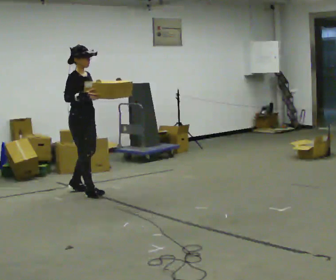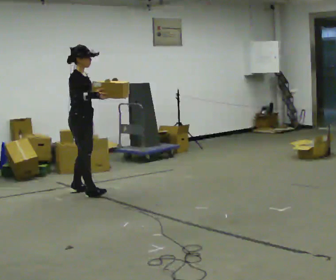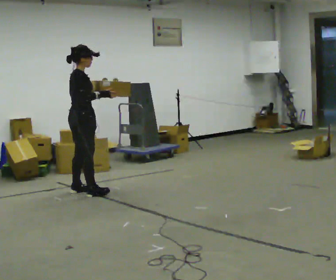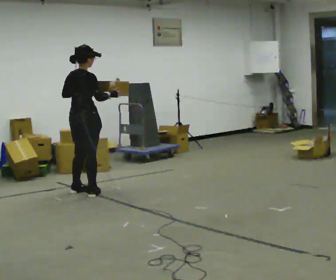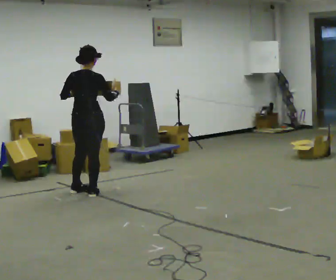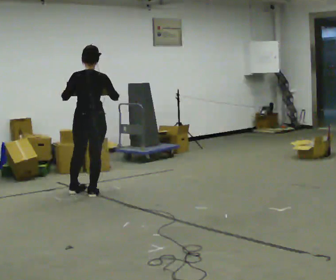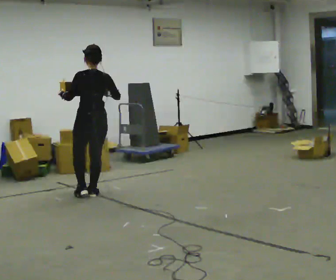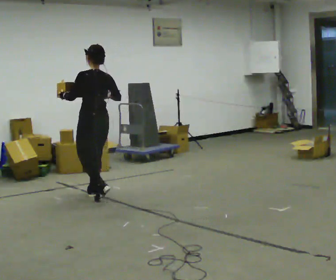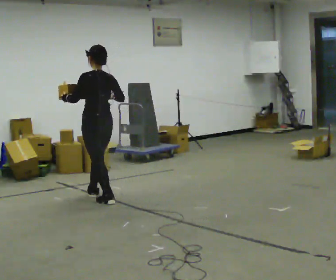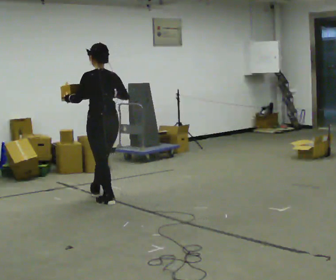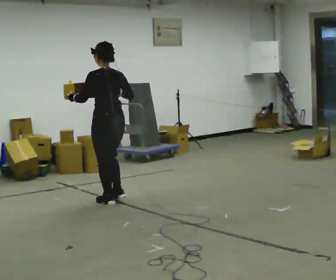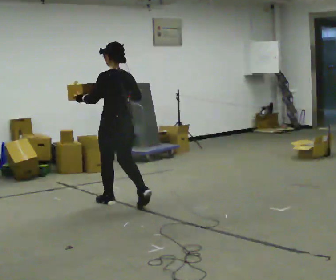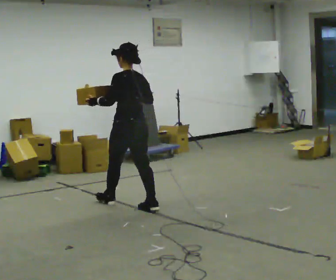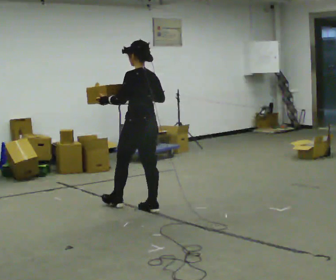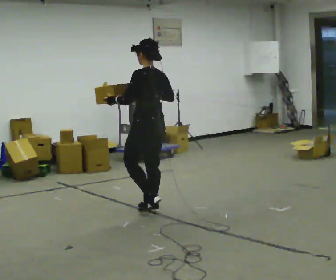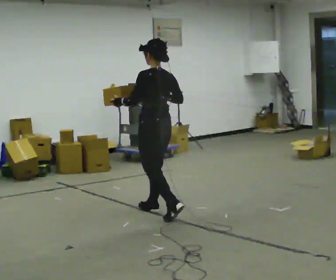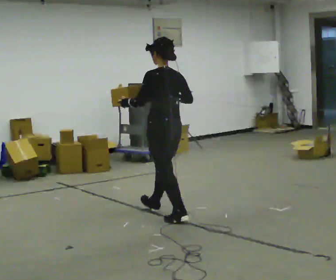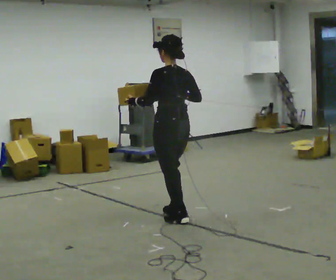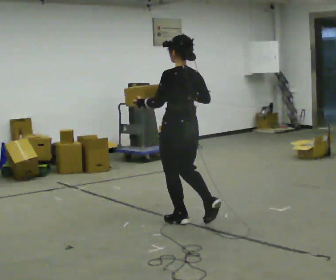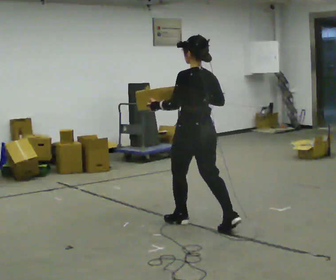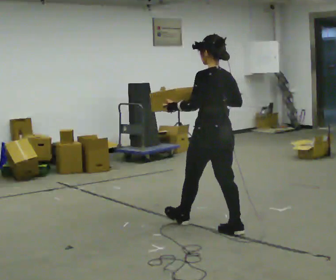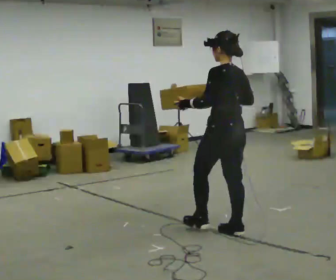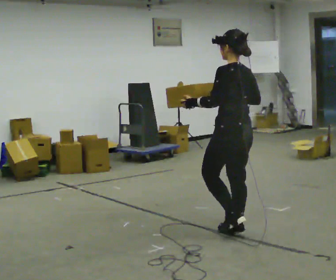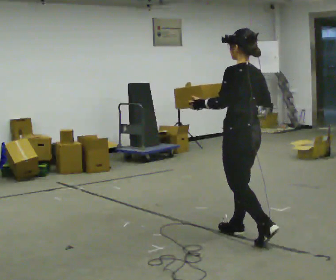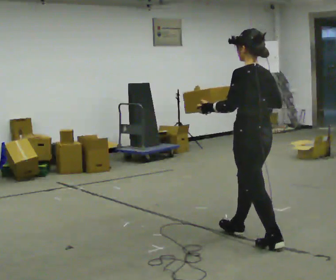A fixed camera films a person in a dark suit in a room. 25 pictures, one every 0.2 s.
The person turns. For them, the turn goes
to their left.
The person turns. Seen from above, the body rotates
counterclockwise.
0.0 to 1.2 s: Seen from above the body turns counterclockwise, about 135 degrees: to their left, with its near side sliding to the right. In the picture they go toward the camera, about 0.25 m in 1 step. In the picture their left hand goes to the left.
1.2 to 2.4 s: In the picture they go toward the camera and to the right, about 0.75 m in 1 step, which for them is backward.
2.4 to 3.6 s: In the picture they go toward the camera and to the right, about 1 m in 2 steps, which for them is backward.
3.6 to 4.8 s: In the picture they go toward the camera and to the right, about 1 m in 1 step, which for them is backward.
The film runs backward here.
